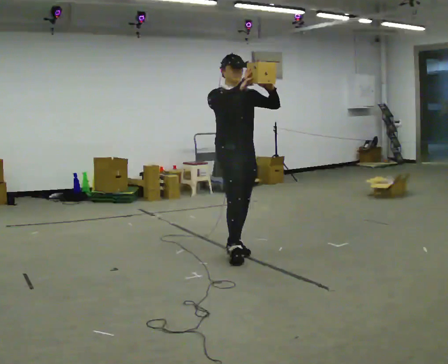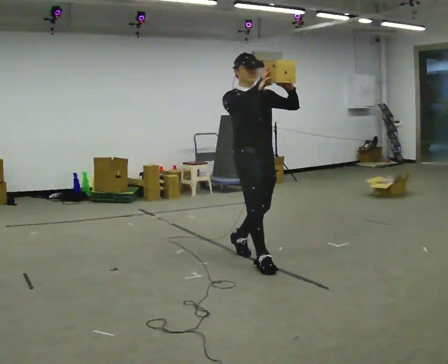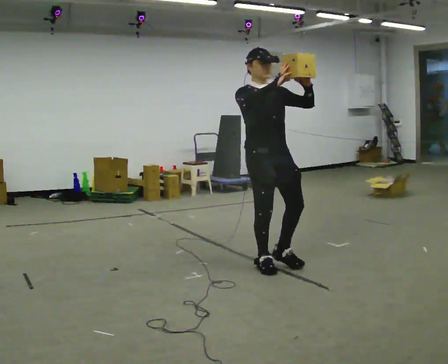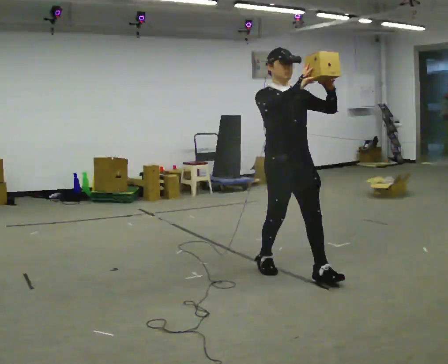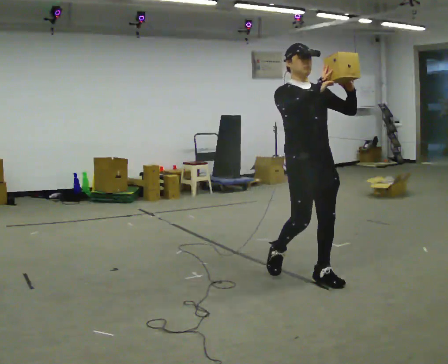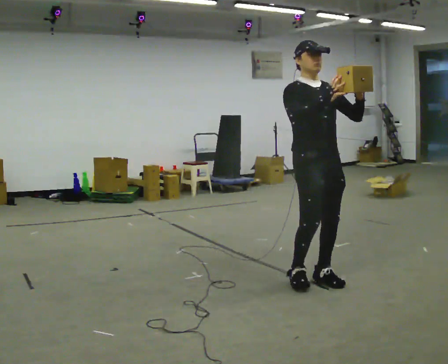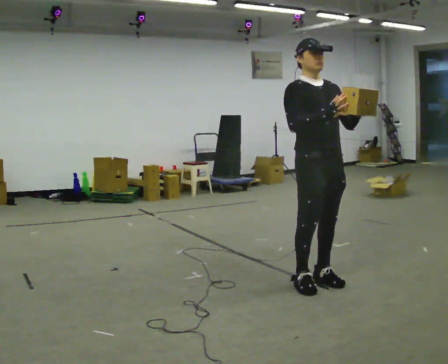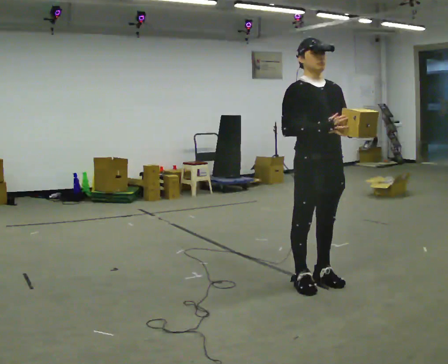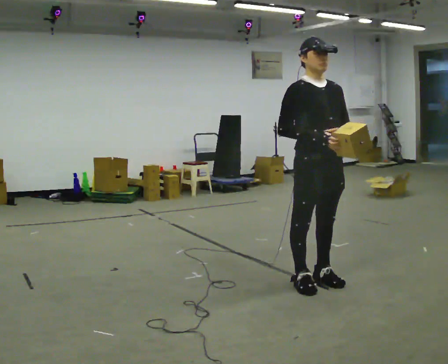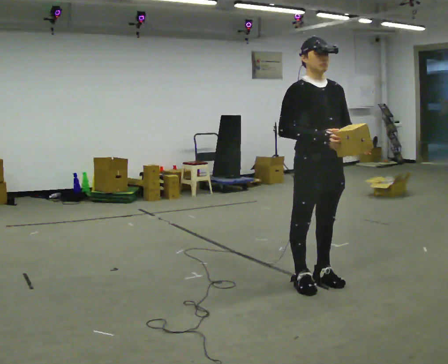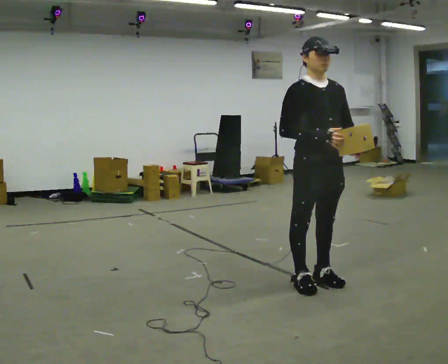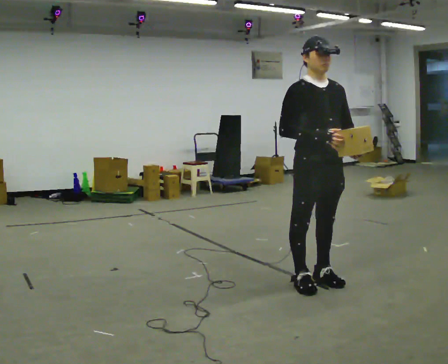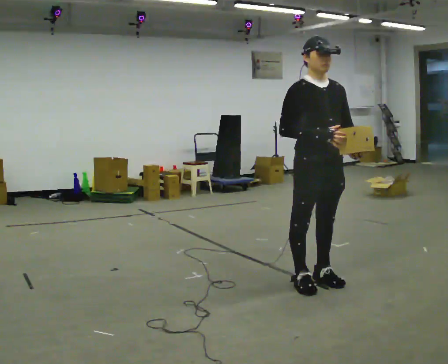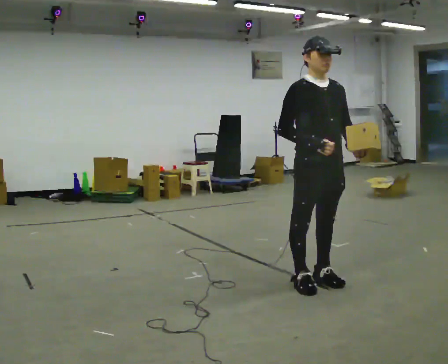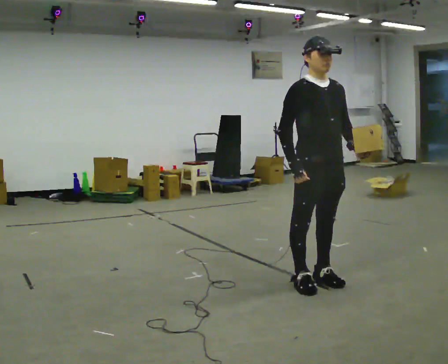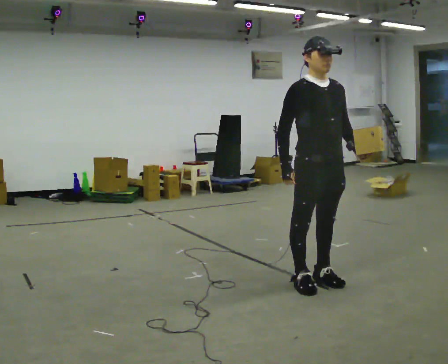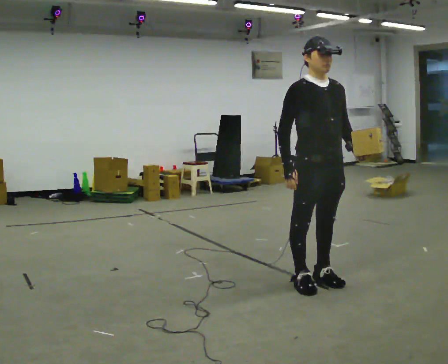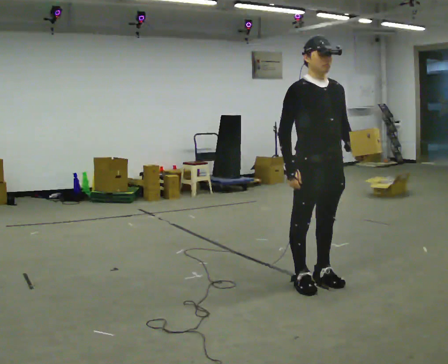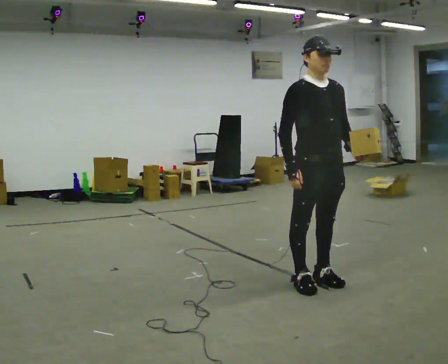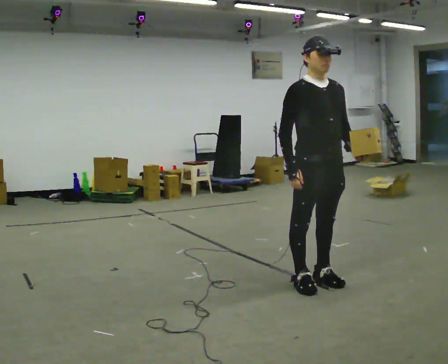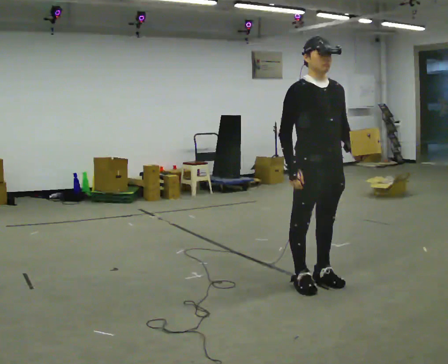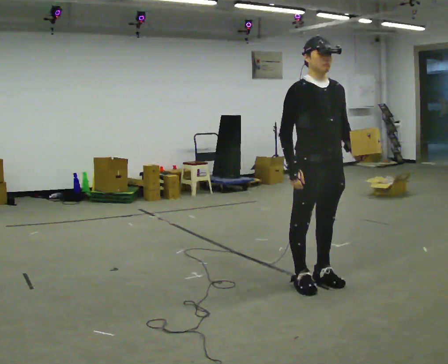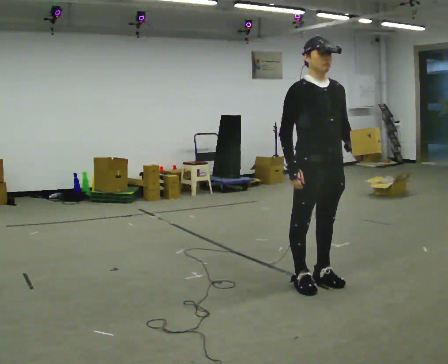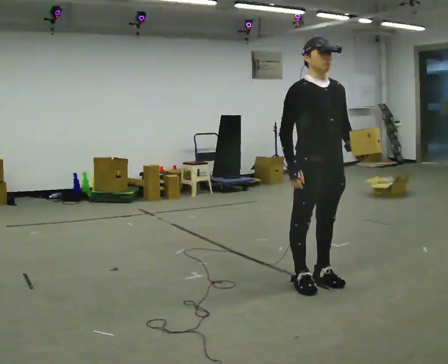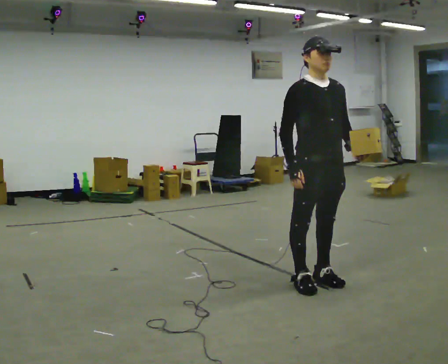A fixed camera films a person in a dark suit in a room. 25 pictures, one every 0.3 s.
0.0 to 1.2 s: In the picture they go toward the camera and to the right, about 1 m in 2 steps, which for them is forward.
1.2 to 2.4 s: In the picture their left hand goes downward, the arm swinging clockwise.
2.4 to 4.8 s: The person moves a little, or ends about where they began.
4.8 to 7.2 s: The person keeps their place and pose.
The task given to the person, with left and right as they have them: Carry the object held up above your head, walking back and forth across the room.
The film runs forward here.
